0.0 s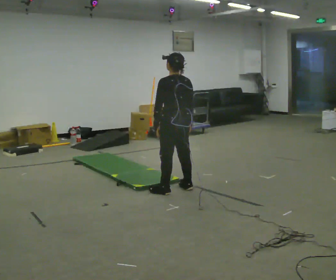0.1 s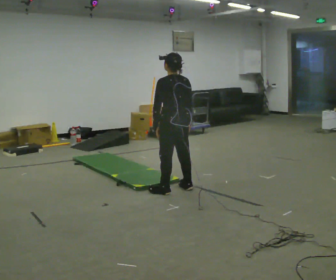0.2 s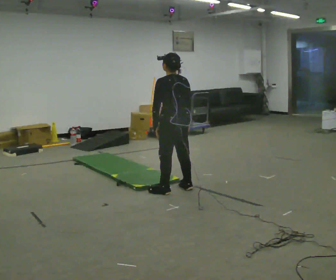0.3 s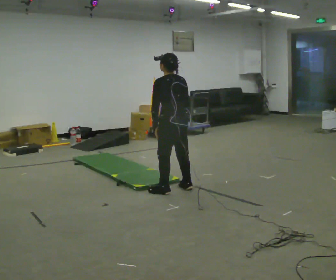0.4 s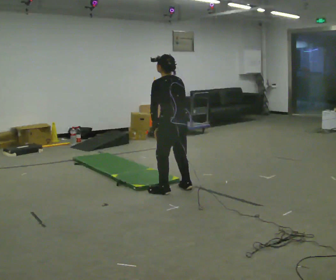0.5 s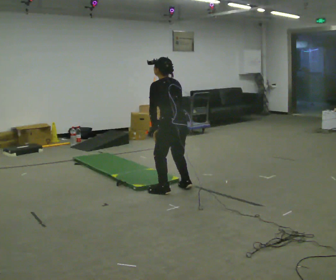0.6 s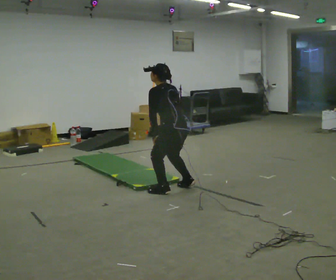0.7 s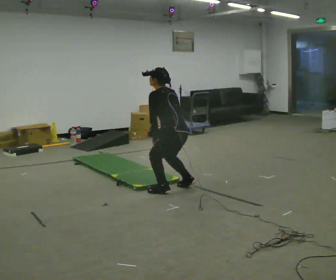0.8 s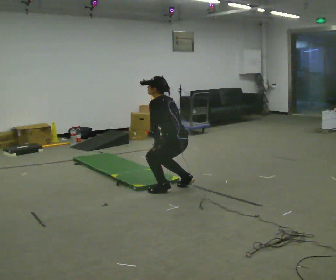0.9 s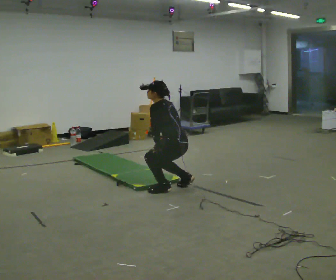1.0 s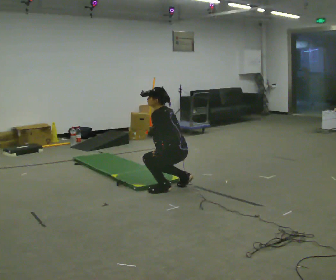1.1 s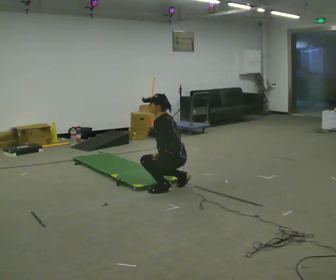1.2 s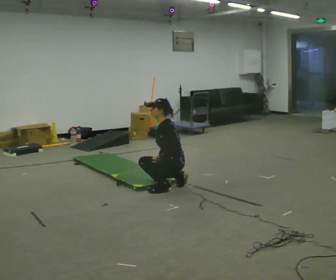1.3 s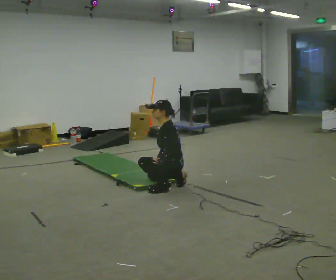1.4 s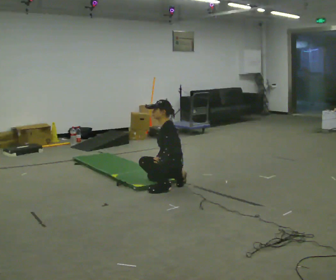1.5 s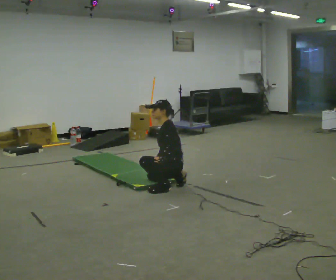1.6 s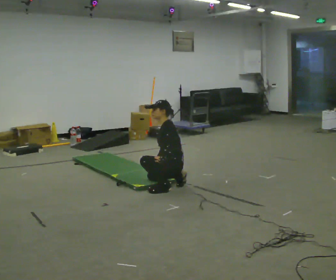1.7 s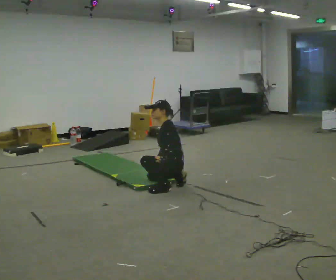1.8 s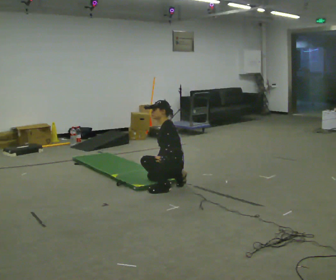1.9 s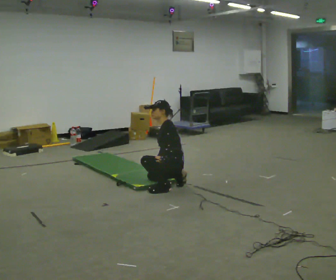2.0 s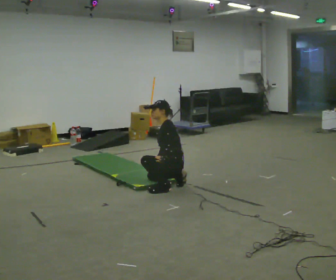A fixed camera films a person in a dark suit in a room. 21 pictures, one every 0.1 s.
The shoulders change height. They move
downward.
Their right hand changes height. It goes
downward.
0.0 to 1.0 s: The person turns about 30 degrees to their left, counterclockwise seen from above, so the part of the body nearest the lens slides to the right. The shoulders move downward. In the picture the upper body tilts counterclockwise, shoulders to the left, as they bend forward.
1.0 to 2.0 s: The person turns about 30 degrees to their left, counterclockwise seen from above, so the part of the body nearest the lens slides to the right. The upper body goes downward.
The film runs backward here.
